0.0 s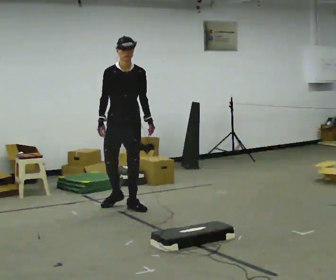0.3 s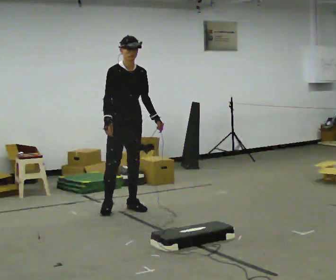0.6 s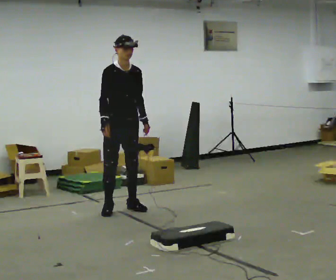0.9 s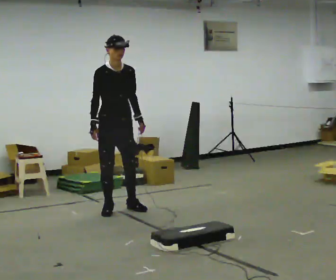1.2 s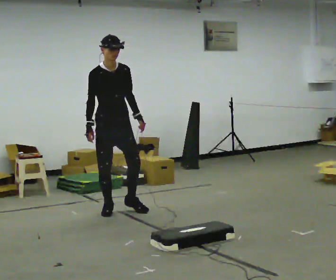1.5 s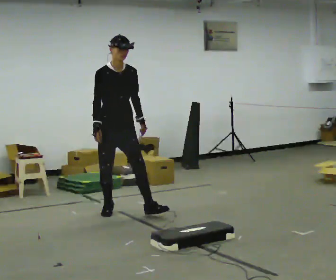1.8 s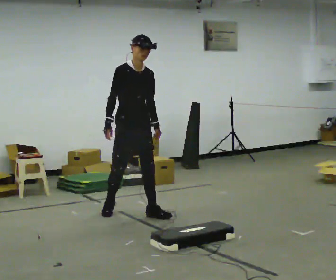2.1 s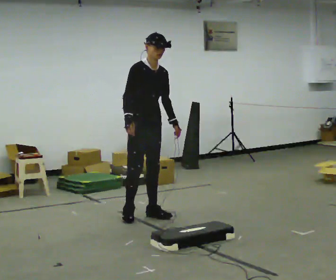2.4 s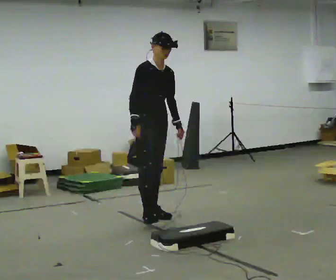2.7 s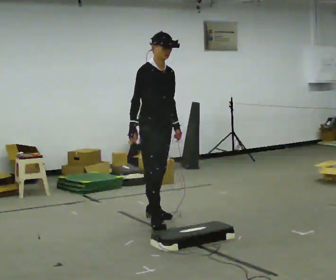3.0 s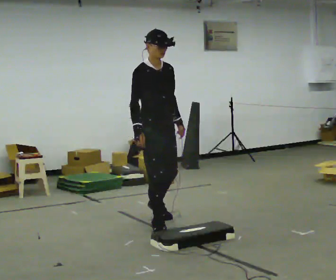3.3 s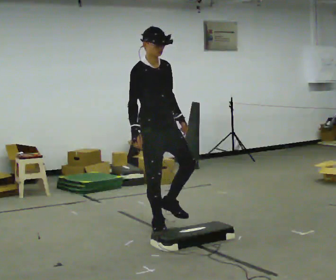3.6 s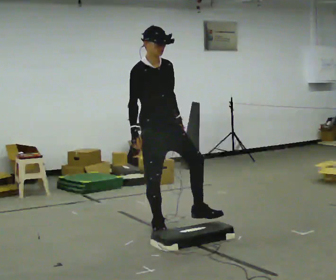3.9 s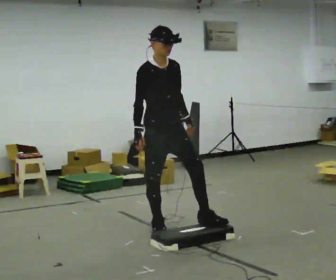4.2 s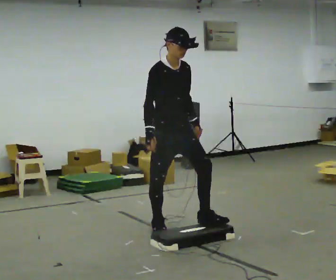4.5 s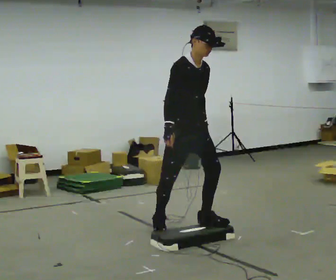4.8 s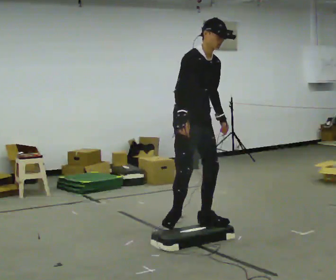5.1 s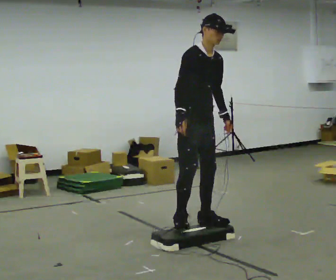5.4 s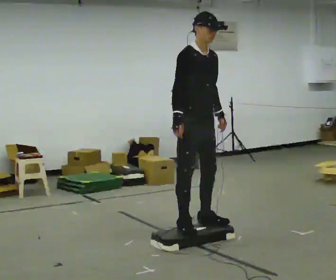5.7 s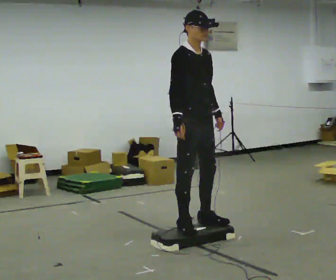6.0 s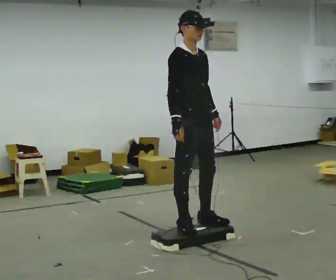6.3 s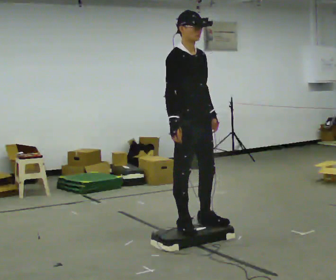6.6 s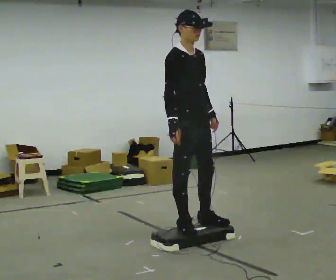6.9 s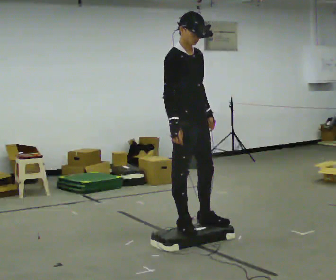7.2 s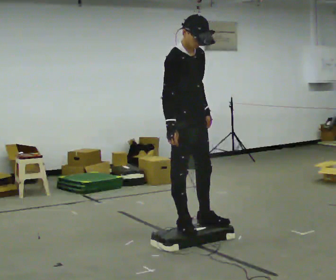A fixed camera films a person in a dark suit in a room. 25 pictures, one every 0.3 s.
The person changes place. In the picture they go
toward the camera.
0.0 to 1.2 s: In the picture they go toward the camera, about 0.25 m in 1 step, which for them is to their right.
1.2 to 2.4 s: In the picture they go to the right and toward the camera, about 0.5 m in 1 step, which for them is forward and to their left.
2.4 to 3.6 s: In the picture they go toward the camera, about 0.5 m in 1 step, which for them is forward and to their right. In the picture the upper body tilts counterclockwise, shoulders to the left.
3.6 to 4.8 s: In the picture they go to the right and toward the camera, about 0.25 m in 1 step, which for them is forward and to their left. In the picture the upper body tilts clockwise, shoulders to the right.
4.8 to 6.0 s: In the picture they go toward the camera, about 0.25 m in 1 step, which for them is to their right and forward. In the picture the upper body tilts counterclockwise, shoulders to the left, as they lean back or straighten.
6.0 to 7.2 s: The person moves a little, or ends about where they began.
The film runs forward here.
